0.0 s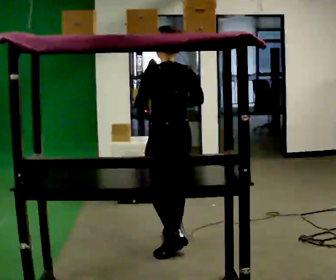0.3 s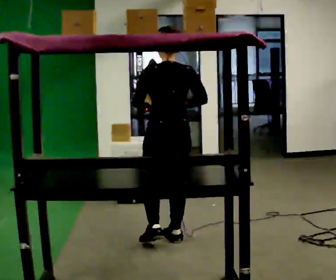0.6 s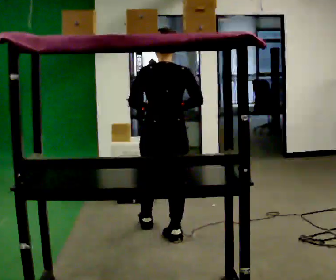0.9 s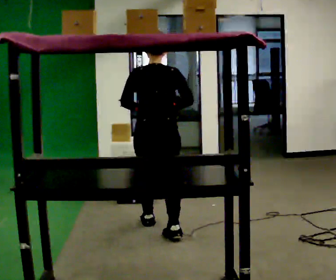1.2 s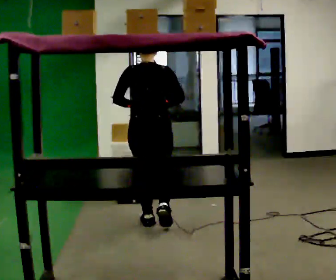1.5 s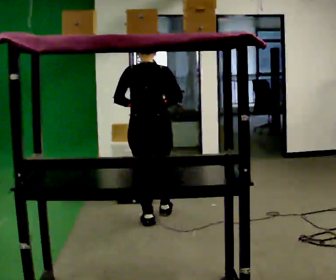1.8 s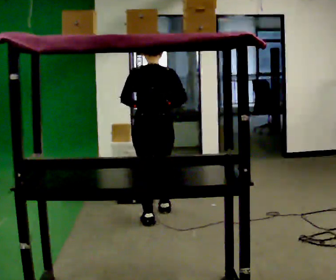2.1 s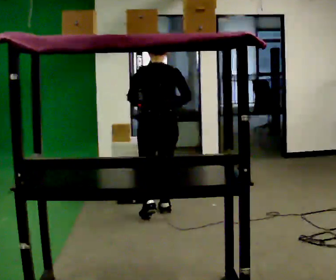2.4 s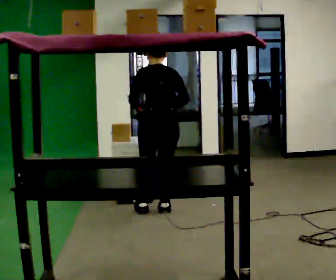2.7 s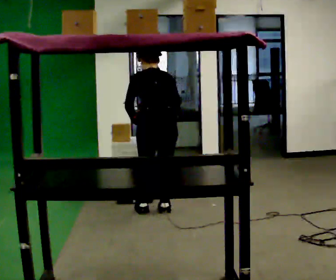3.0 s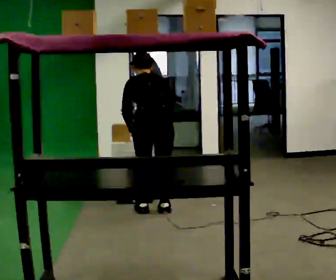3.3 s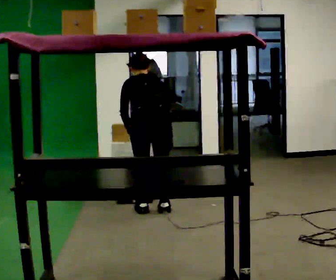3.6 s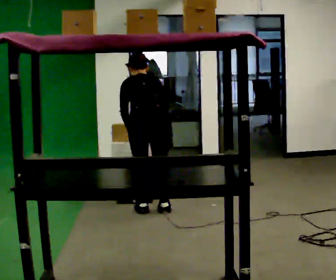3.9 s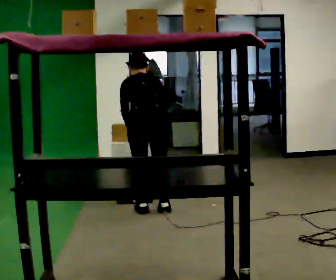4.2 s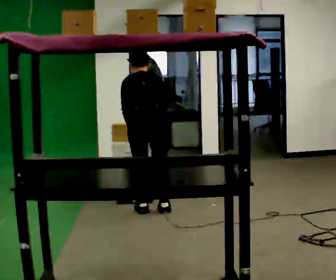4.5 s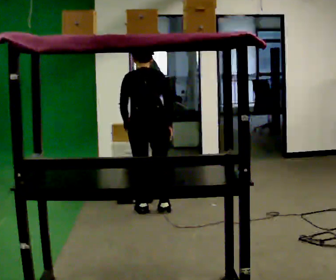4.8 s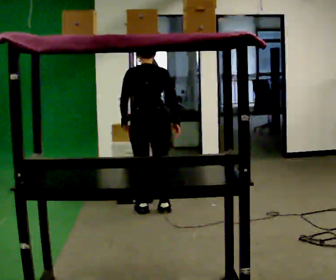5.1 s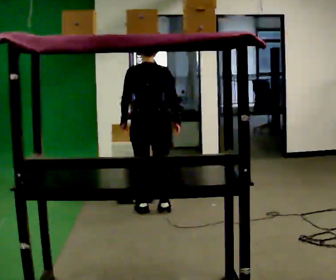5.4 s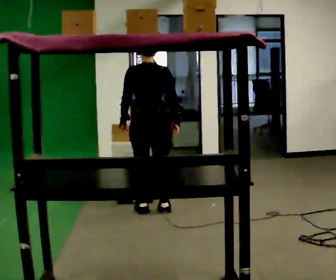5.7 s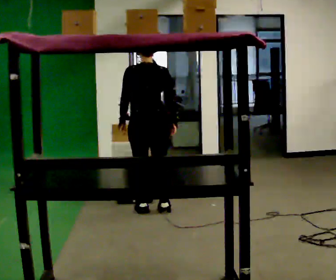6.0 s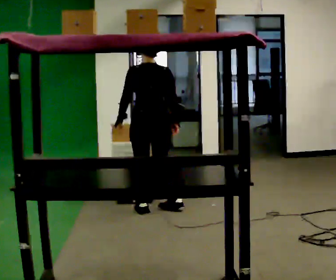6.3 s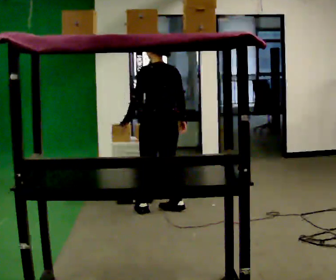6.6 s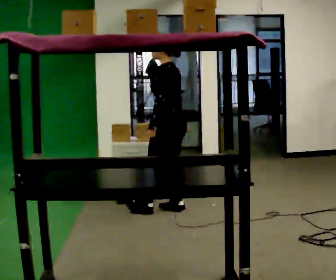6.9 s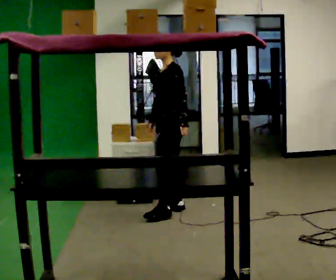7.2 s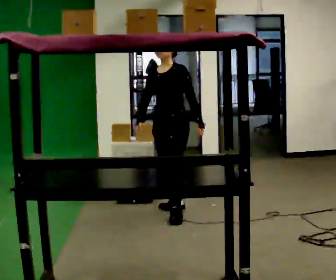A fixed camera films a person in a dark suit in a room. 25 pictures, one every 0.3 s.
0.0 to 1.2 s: The person turns about 45 degrees to their right, clockwise seen from above, so the part of the body nearest the lens slides to the left. In the picture they go away from the camera, about 0.5 m in 1 step, which for them is forward.
1.2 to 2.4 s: In the picture they go away from the camera, about 0.25 m in 2 steps, which for them is forward. The upper body tips away from the camera, its near side rolling upward, as they bend forward.
2.4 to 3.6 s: The upper body tips away from the camera, its near side rolling upward, as they bend forward.
3.6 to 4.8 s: The upper body tips toward the camera, its near side rolling downward, as they lean back or straighten.
4.8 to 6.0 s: The upper body tips toward the camera, its near side rolling downward, as they lean back or straighten.
6.0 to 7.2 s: The person turns about 120 degrees to their left, counterclockwise seen from above, so the part of the body nearest the lens slides to the right. In the picture they go to the right, about 0.25 m in 1 step. In the picture their left hand goes to the right, the arm swinging counterclockwise.
The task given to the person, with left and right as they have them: Take an object from the waist-height shelf, carry it across the room, and place it on the highest shelf you can comfortably reach. Keep going until the operator says stop; one object at a time, and do not rush between trips.
The film runs forward here.
